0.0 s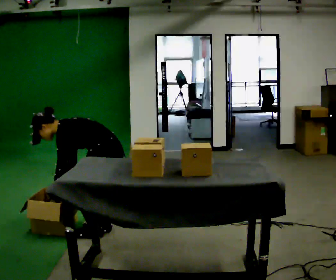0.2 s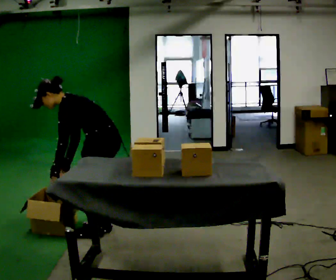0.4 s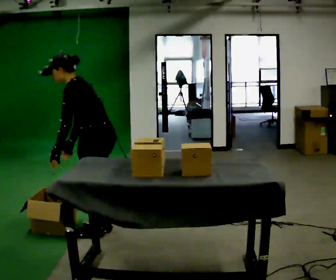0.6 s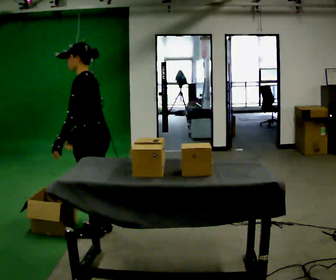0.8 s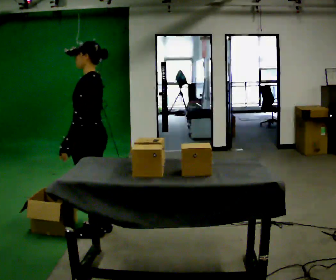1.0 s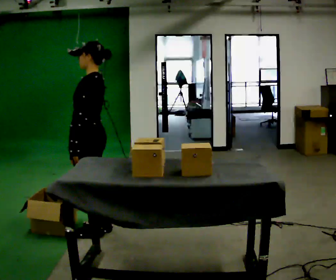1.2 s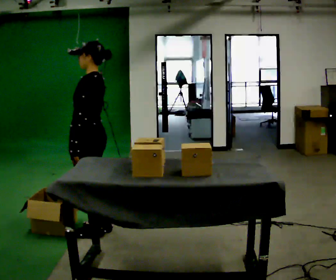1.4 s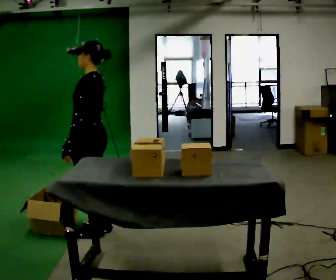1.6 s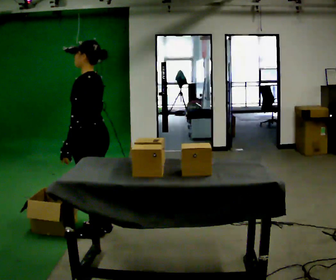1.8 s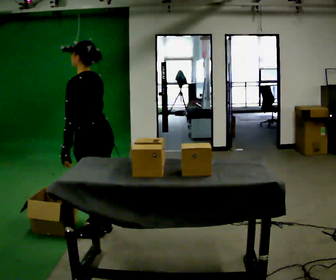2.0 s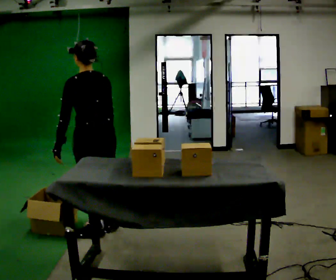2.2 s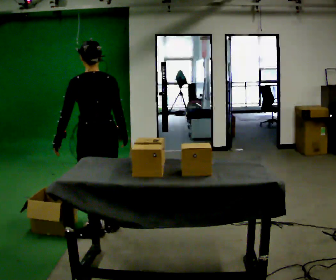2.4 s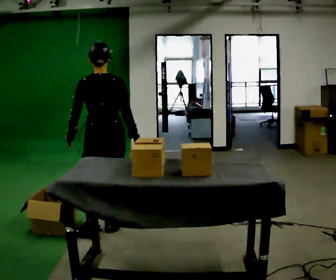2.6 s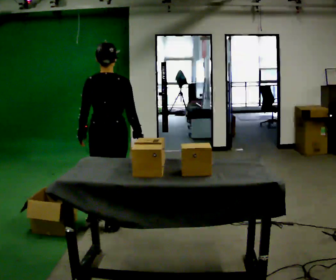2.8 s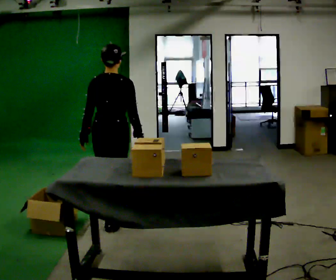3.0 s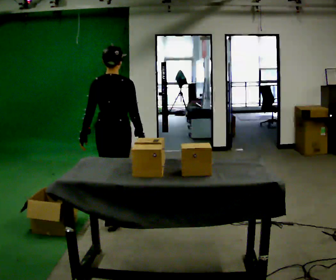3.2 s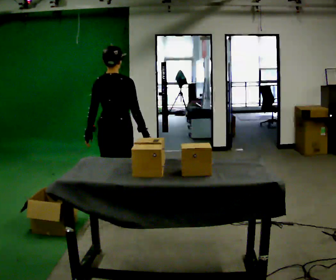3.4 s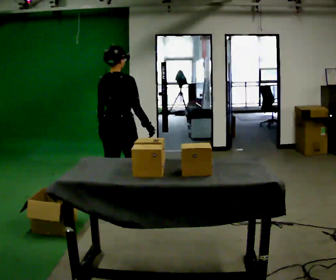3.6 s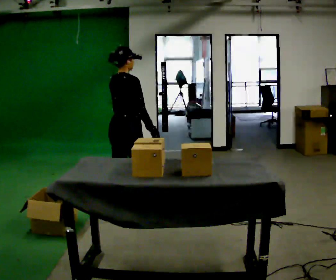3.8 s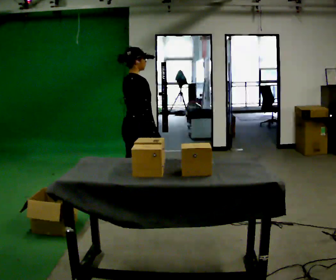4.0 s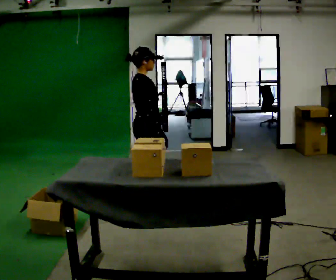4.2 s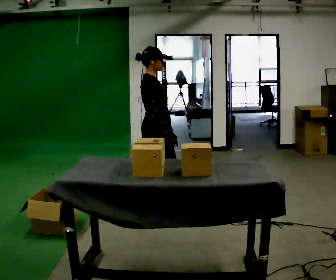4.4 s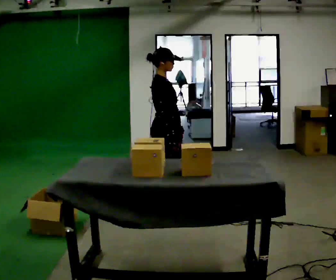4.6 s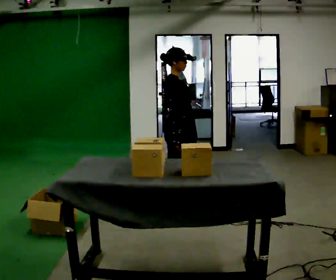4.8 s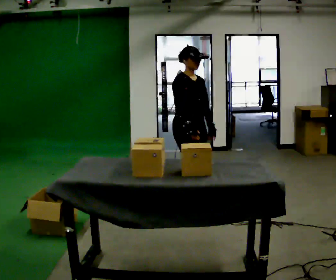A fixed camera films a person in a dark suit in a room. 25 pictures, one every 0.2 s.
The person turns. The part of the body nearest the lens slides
to the left.
The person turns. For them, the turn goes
to their right.
0.0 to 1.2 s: The shoulders move upward. In the picture the upper body tilts clockwise, shoulders to the right, as they lean back or straighten. In the picture their left hand goes upward.
1.2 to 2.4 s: Seen from above the body turns clockwise, about 75 degrees: to their right, with its near side sliding to the left.
2.4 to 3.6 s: Seen from above the body turns clockwise, about 60 degrees: to their right, with its near side sliding to the left. In the picture they go away from the camera, about 0.5 m in 1 step, which for them is forward.
3.6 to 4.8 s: The person turns about 90 degrees to their right, clockwise seen from above, so the part of the body nearest the lens slides to the left. In the picture they go to the right, about 0.5 m in 2 steps.
The film runs forward here.
